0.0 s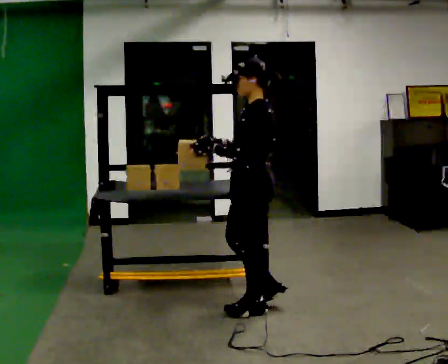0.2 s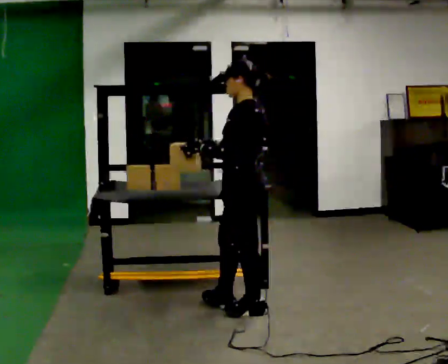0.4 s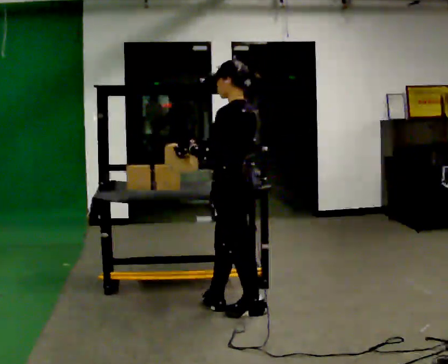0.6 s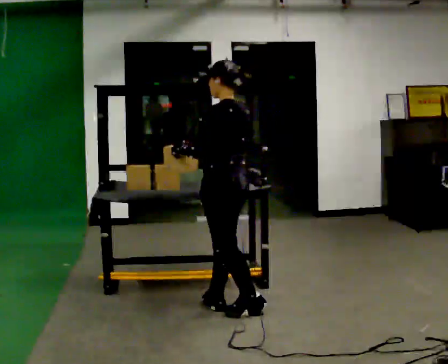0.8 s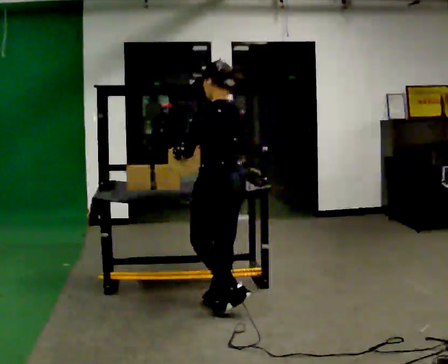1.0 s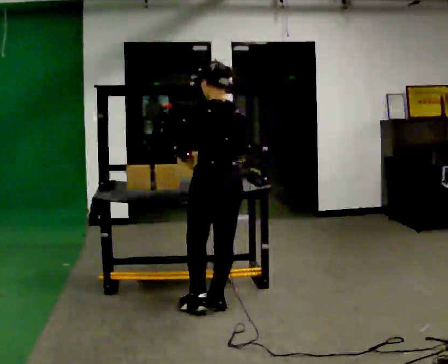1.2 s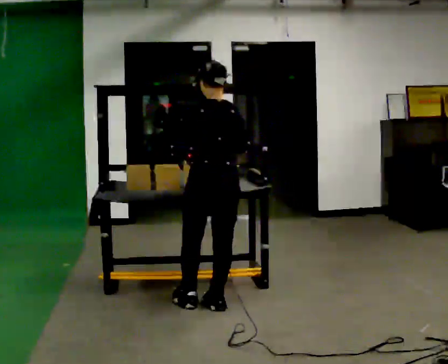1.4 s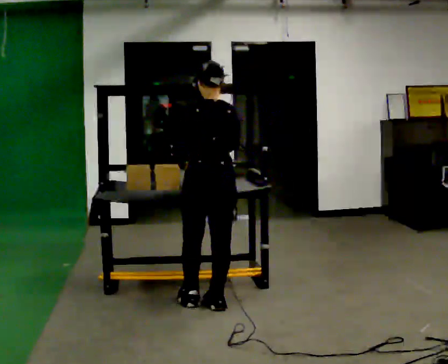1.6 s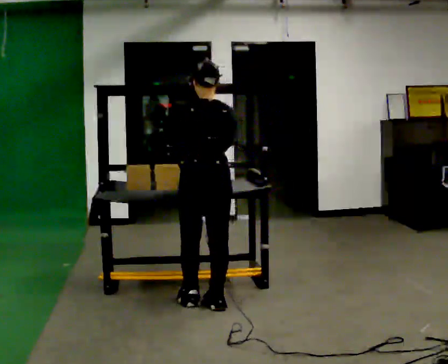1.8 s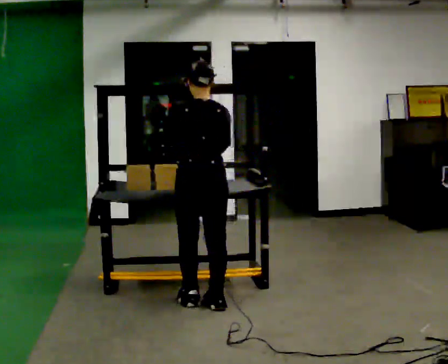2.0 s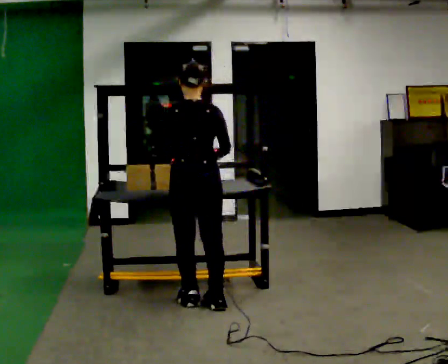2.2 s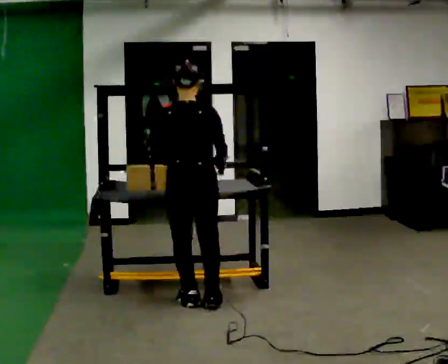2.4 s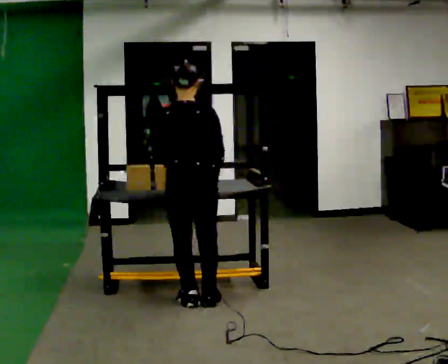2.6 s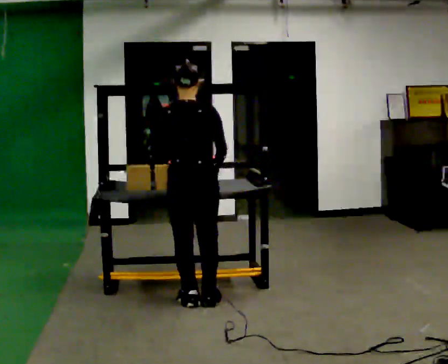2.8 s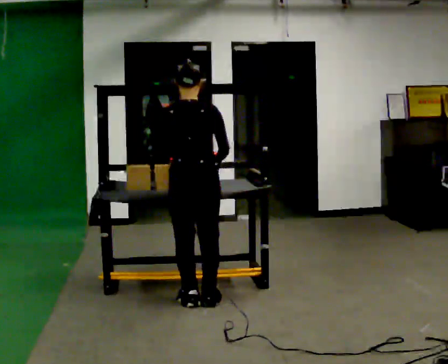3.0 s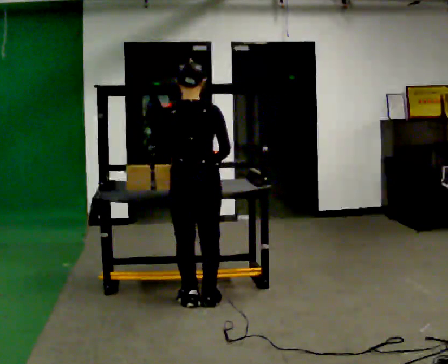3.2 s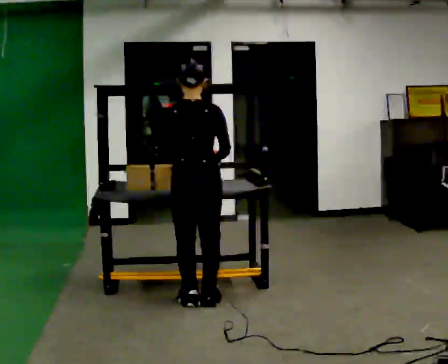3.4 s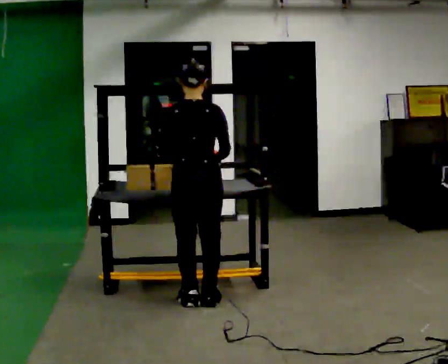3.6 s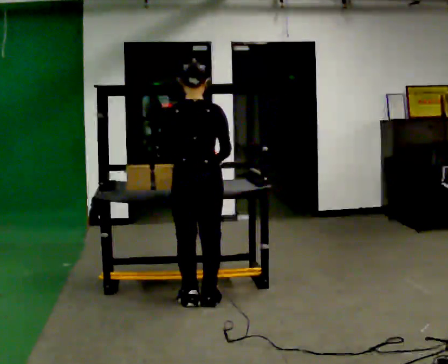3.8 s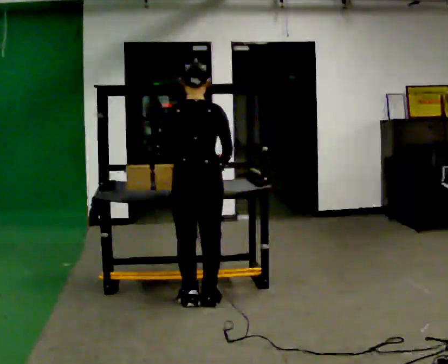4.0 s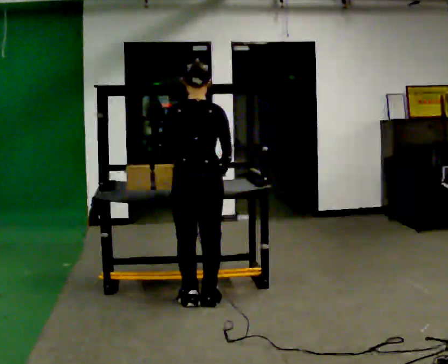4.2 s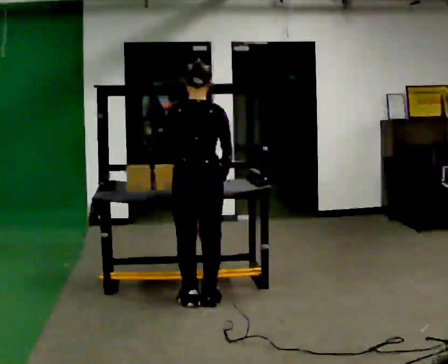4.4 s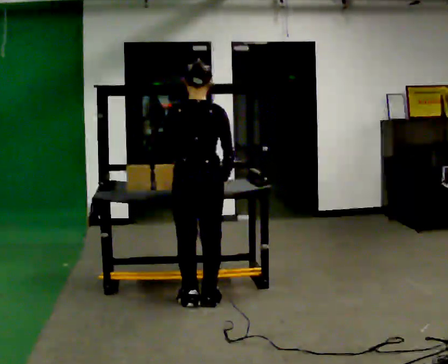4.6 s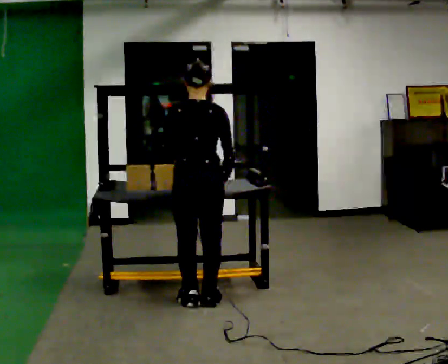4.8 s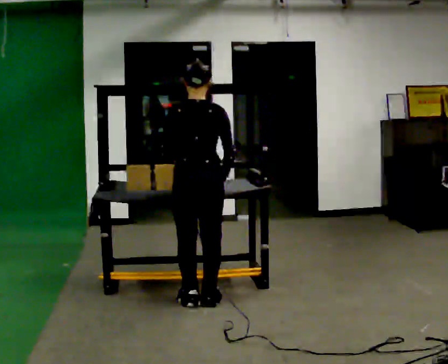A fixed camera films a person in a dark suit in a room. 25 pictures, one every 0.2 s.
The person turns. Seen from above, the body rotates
clockwise.
The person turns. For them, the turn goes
to their right.
0.0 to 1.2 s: The part of the body nearest the lens slides to the left as the person turns to their right by about 60 degrees. In the picture they go to the left and away from the camera, about 0.25 m in 2 steps.
1.2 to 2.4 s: In the picture they go to the left, about 0.25 m, which for them is to their left.
2.4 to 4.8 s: The person moves a little, or ends about where they began.
The film runs forward here.
